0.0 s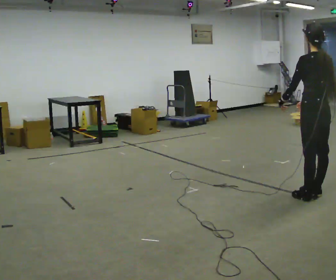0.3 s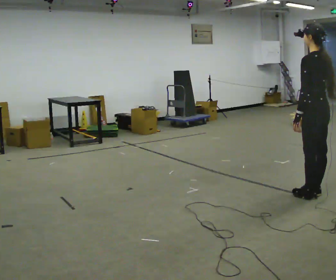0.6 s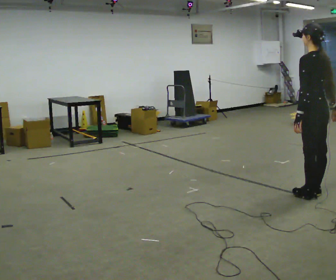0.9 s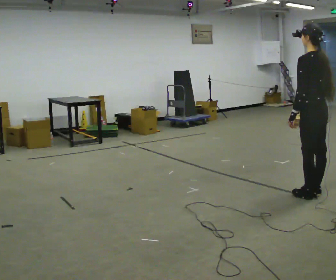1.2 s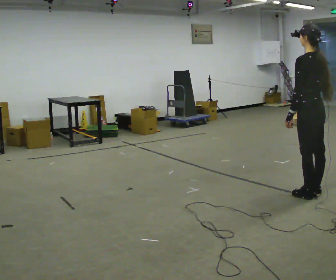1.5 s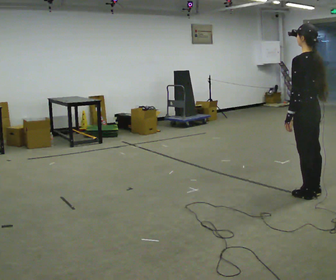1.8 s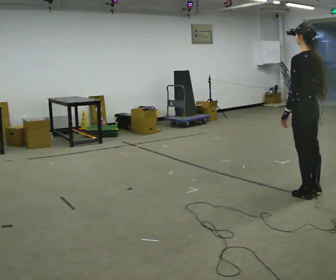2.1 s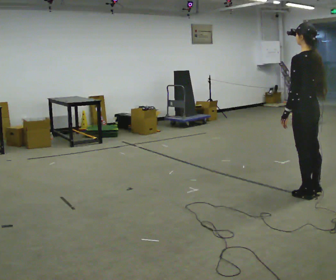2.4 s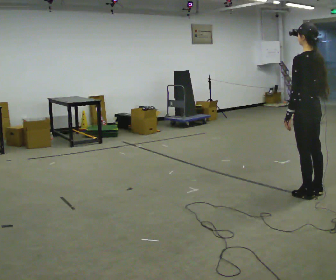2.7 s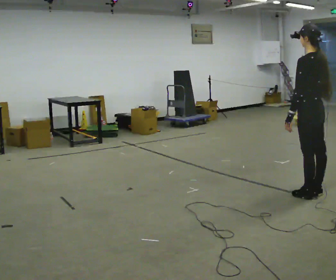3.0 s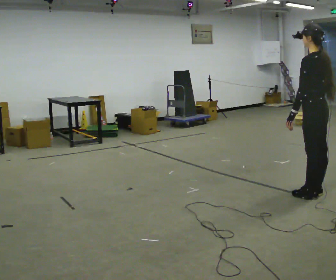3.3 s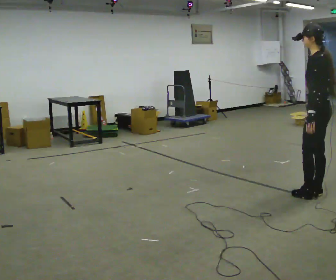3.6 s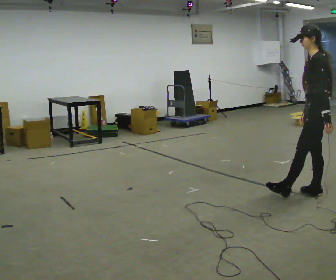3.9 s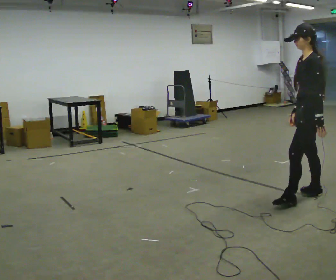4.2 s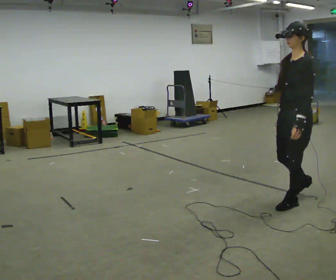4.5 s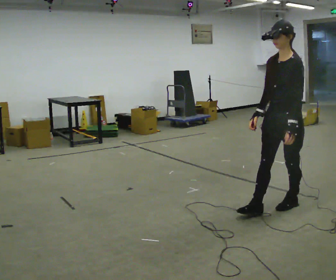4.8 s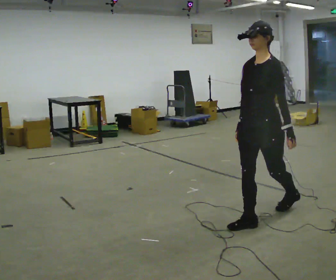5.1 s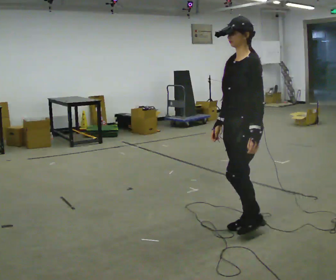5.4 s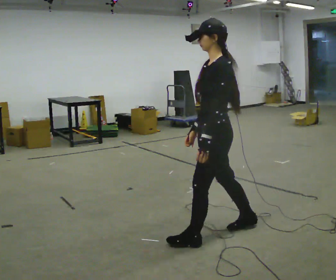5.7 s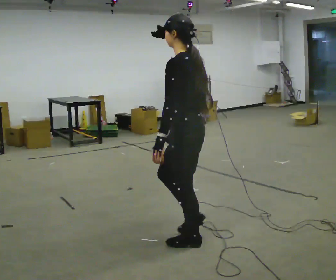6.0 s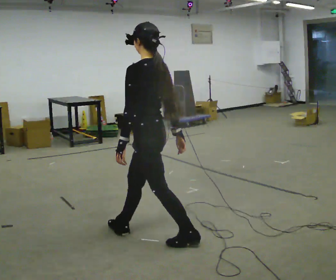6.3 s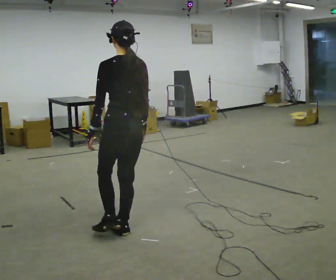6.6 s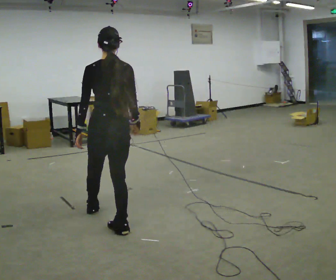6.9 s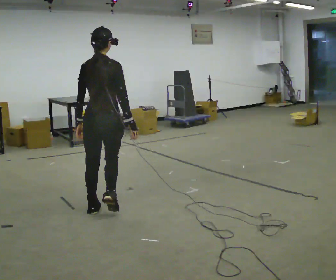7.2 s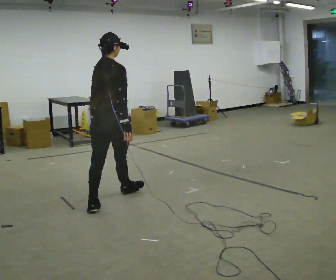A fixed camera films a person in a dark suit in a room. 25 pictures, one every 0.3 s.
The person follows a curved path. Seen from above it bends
clockwise.
The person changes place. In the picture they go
to the left.
0.0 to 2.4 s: The person moves a little, or ends about where they began.
2.4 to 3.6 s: The person turns about 30 degrees to their left, counterclockwise seen from above, so the part of the body nearest the lens slides to the right. In the picture their left hand goes to the right.
3.6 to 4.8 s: The part of the body nearest the lens slides to the right as the person turns to their left by about 60 degrees. In the picture they go toward the camera and to the left, about 0.5 m in 2 steps, which for them is forward and to their left.
4.8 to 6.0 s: The person turns about 60 degrees to their right, clockwise seen from above, so the part of the body nearest the lens slides to the left. In the picture they go to the left and toward the camera, about 1 m in 2 steps.
6.0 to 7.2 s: The person turns about 90 degrees to their right, clockwise seen from above, so the part of the body nearest the lens slides to the left. In the picture they go to the left and away from the camera, about 1 m in 1 step.
The film runs forward here.
